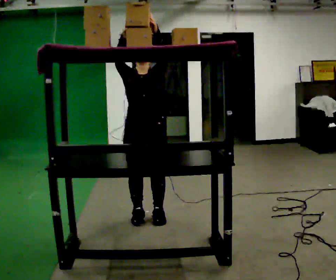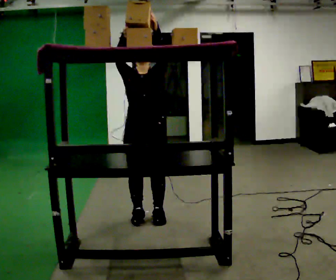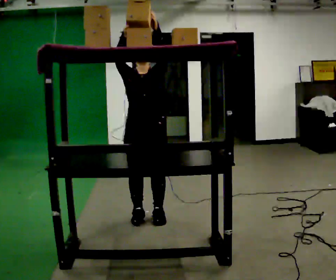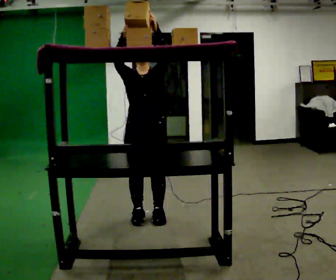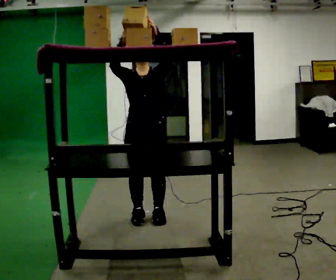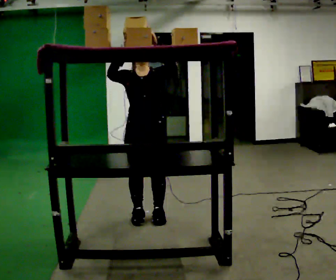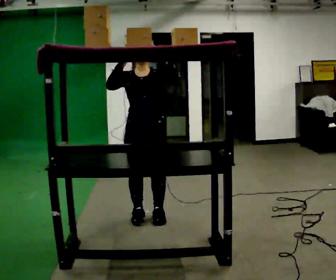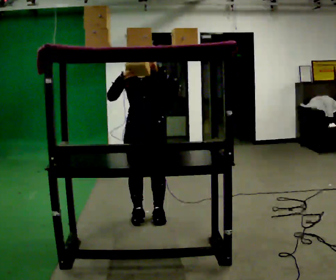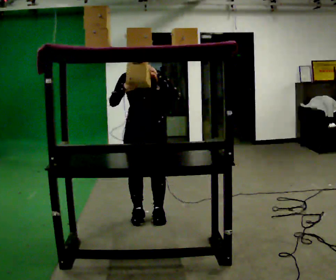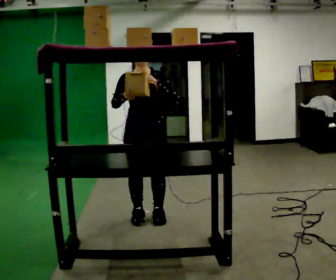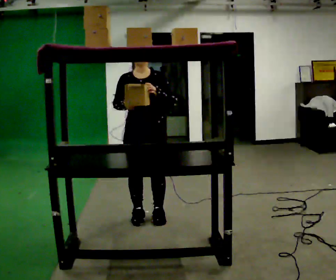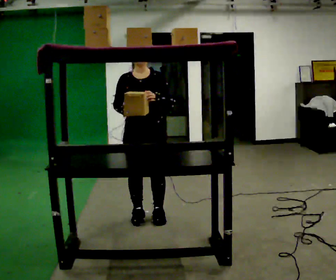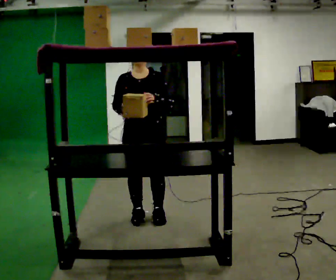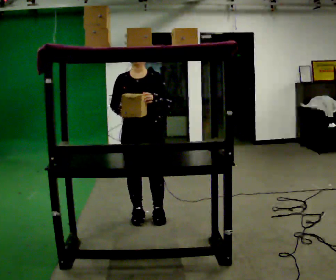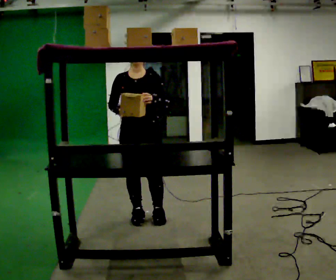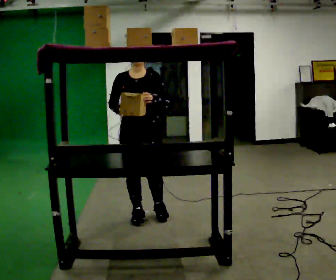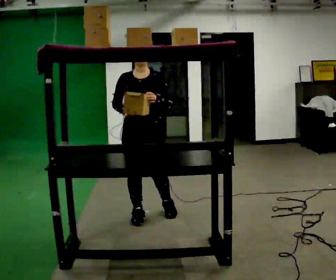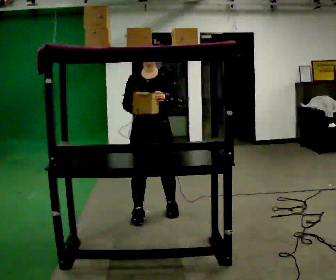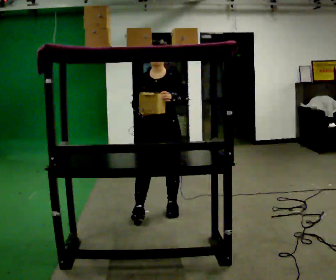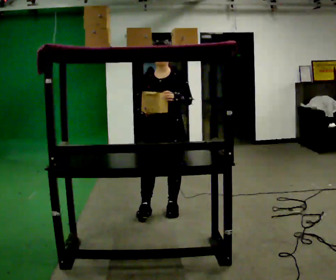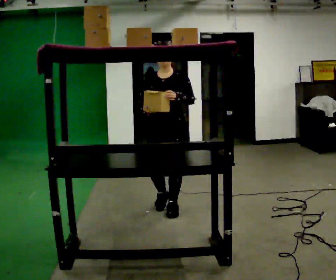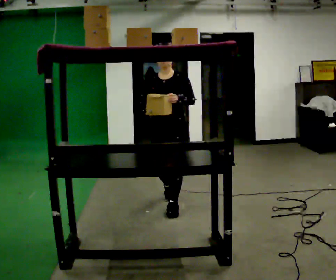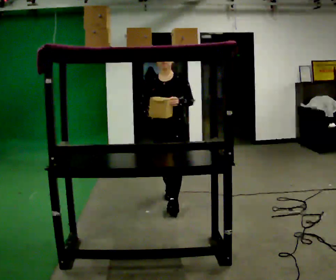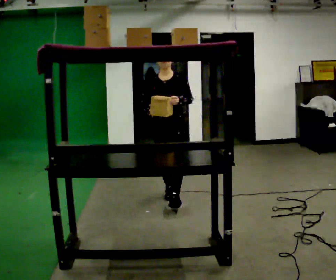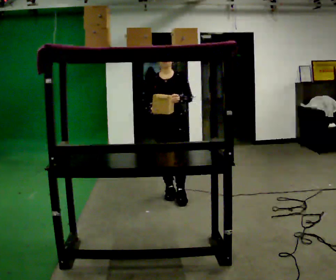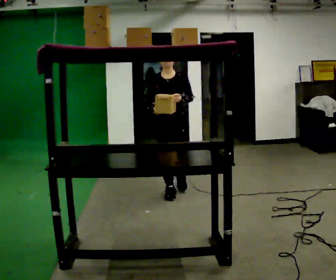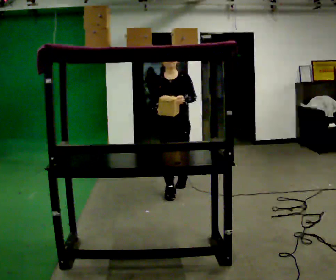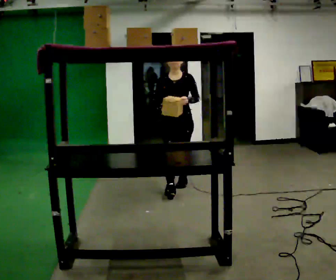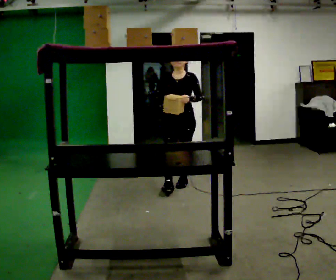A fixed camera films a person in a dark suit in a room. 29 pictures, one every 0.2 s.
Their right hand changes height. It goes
downward.
Their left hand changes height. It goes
downward.
0.0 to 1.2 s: The person moves a little, or ends about where they began.
1.2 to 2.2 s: In the picture their right hand goes downward.
2.2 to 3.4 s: The person moves a little, or ends about where they began.
3.4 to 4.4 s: In the picture they go away from the camera and to the right, about 0.5 m in 1 step, which for them is backward.
4.4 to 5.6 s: In the picture they go away from the camera, about 0.75 m in 2 steps, which for them is backward.
The film runs backward here.
